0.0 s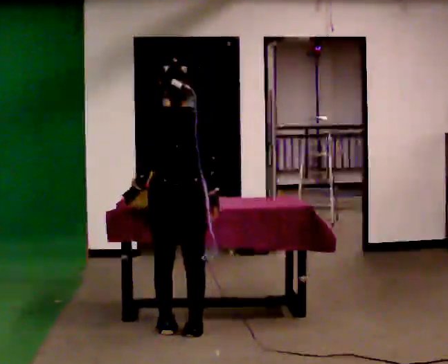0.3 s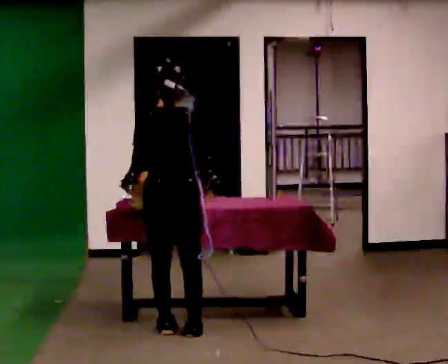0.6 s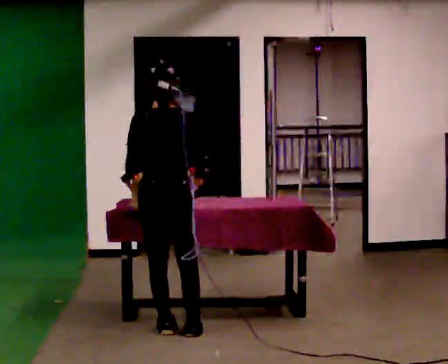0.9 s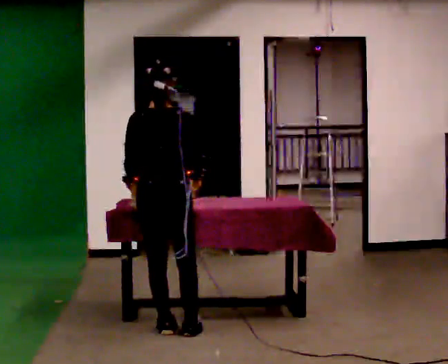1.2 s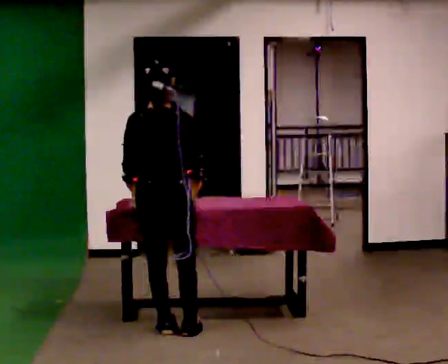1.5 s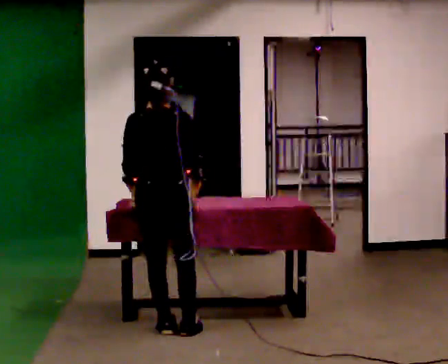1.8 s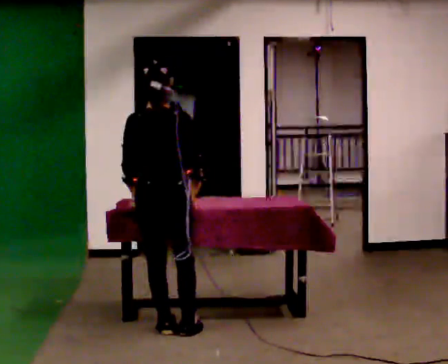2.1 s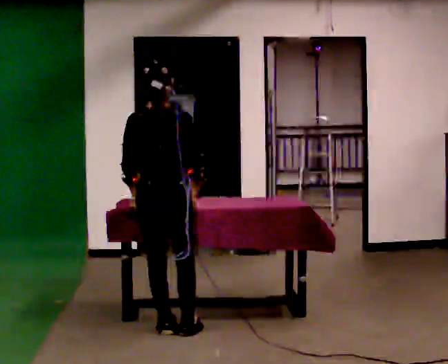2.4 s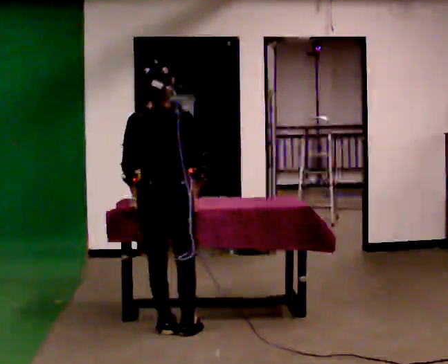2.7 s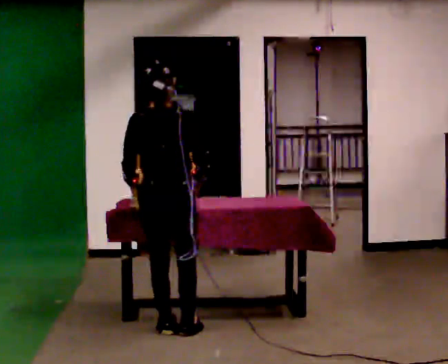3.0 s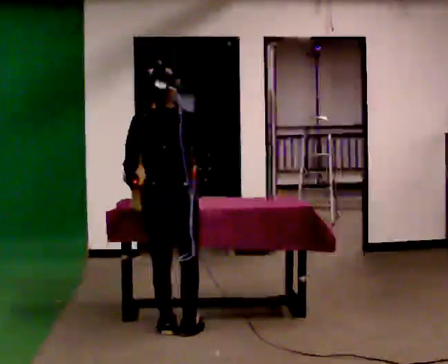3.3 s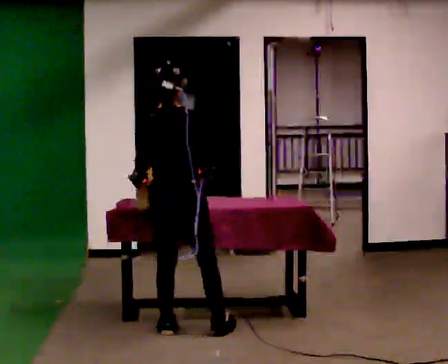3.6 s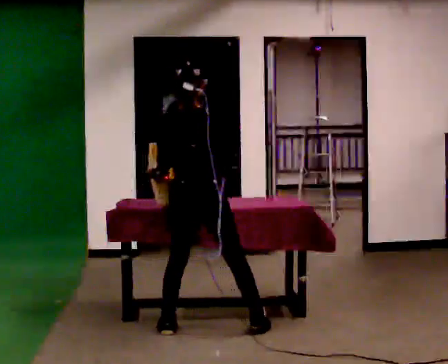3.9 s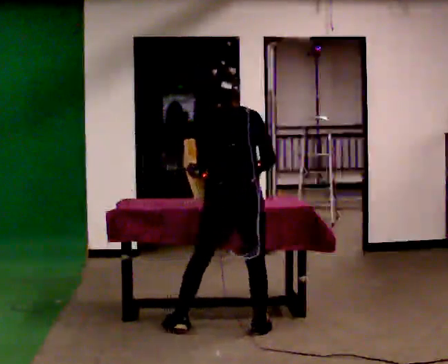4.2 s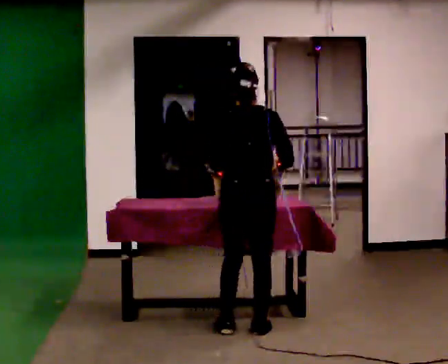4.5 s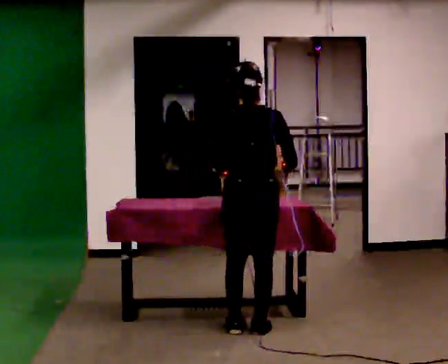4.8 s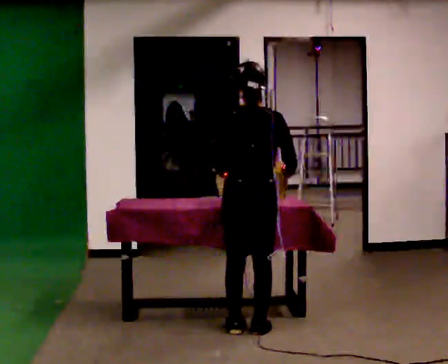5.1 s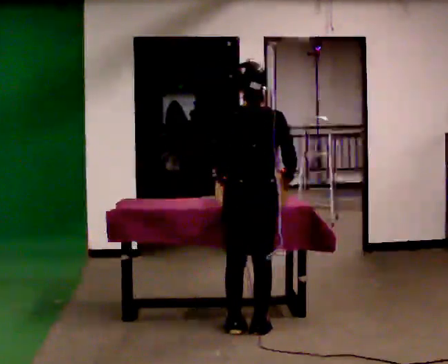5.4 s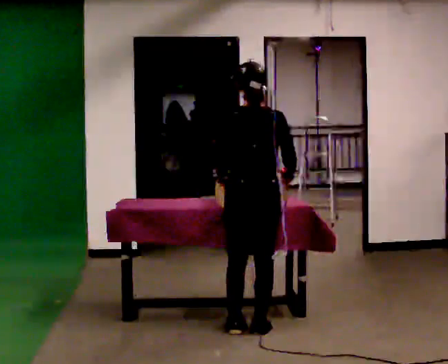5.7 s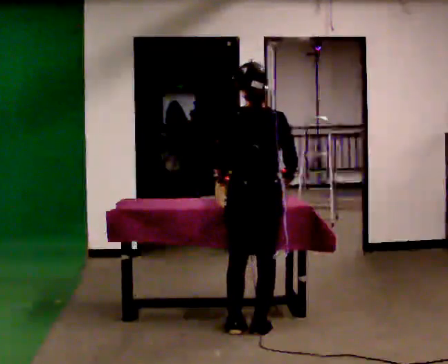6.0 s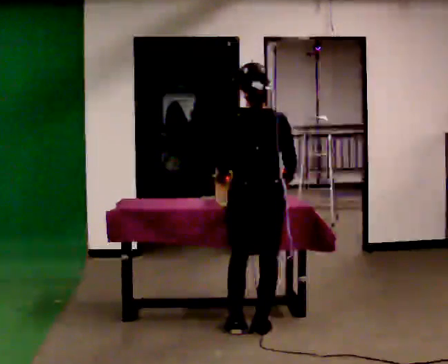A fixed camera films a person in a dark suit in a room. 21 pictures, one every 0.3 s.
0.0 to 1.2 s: The person moves a little, or ends about where they began.
1.2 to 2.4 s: The person keeps their place and pose.
2.4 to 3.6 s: In the picture they go to the right, about 0.25 m in 1 step, which for them is to their right.
3.6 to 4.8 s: In the picture they go to the right, about 0.25 m in 1 step, which for them is to their right.
4.8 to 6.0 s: The person moves a little, or ends about where they began.
The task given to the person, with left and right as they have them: Lift the heavy object with both hands and set it down again in a different spot on the same surface. Repeat at your own pace until the operator says stop. Keep both feet on the marked spots for the whole take. If you have to step, stop and tell the operator.
The film runs forward here.
